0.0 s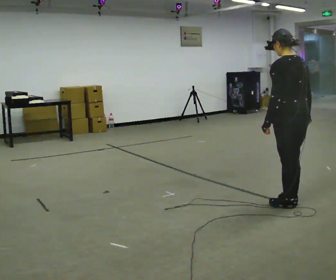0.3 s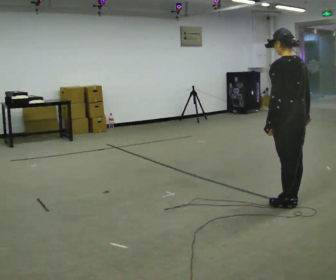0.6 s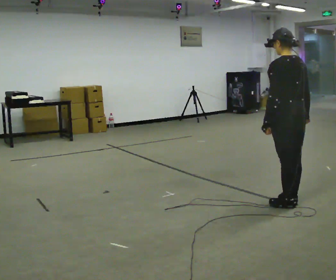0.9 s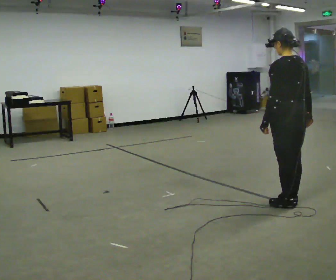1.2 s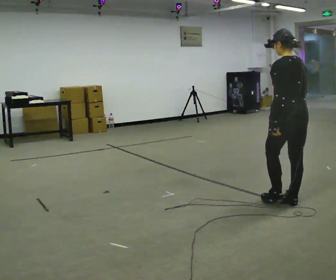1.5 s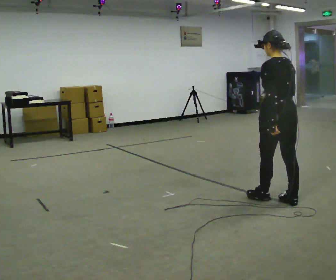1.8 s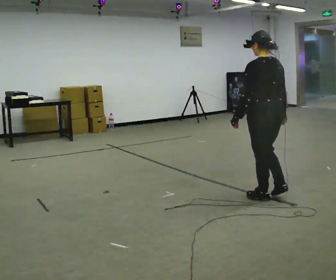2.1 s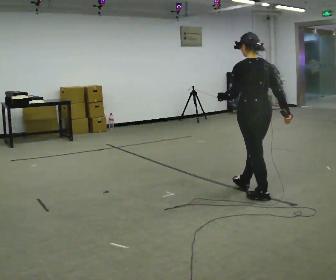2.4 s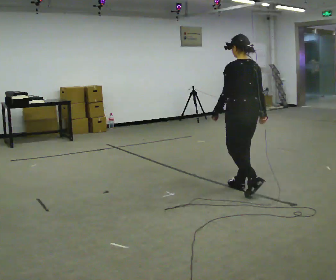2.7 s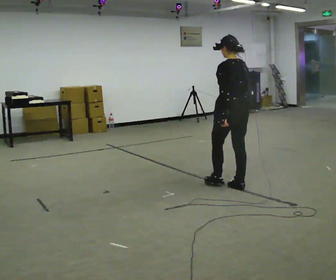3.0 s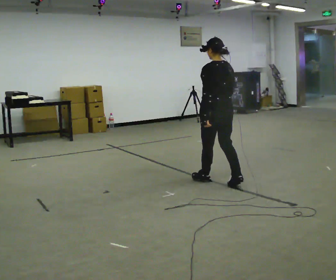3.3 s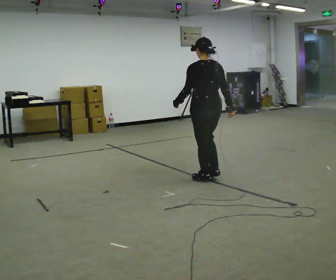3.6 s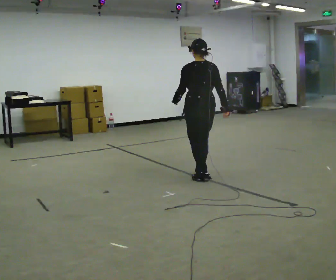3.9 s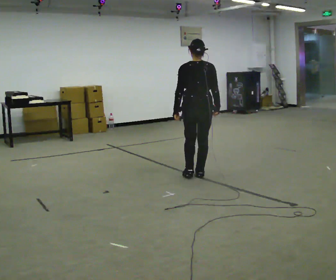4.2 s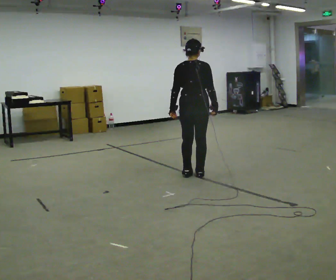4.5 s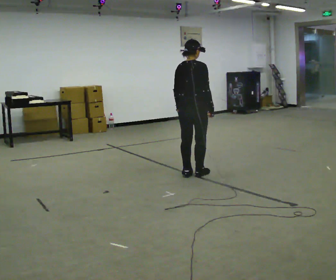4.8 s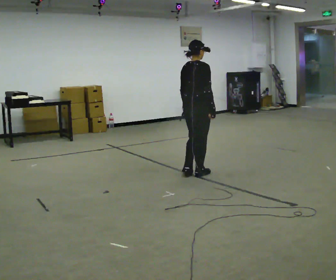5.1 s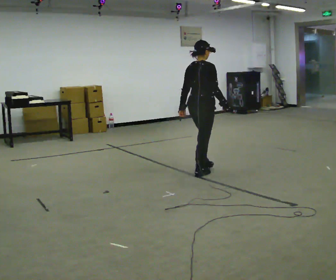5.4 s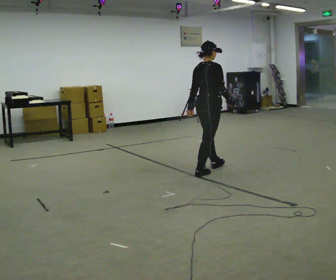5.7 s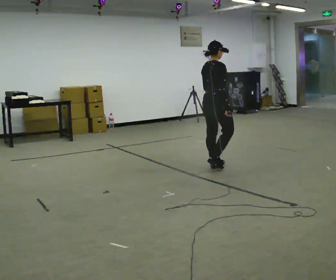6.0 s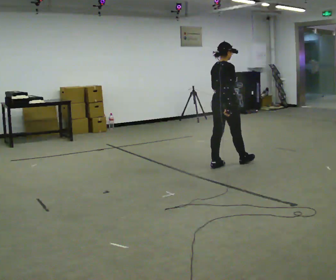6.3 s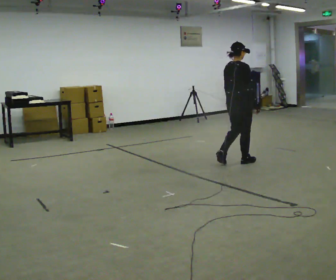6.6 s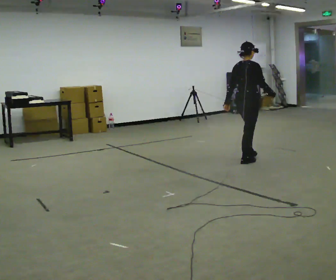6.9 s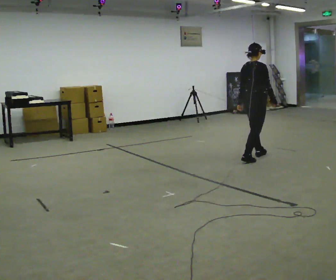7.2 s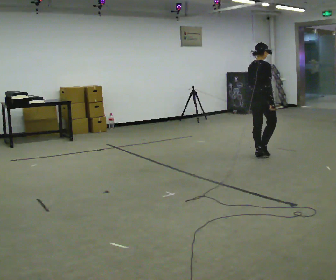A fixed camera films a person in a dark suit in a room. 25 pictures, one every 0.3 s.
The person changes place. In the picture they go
away from the camera.
0.0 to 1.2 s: The person moves a little, or ends about where they began.
1.2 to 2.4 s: In the picture they go away from the camera and to the left, about 0.5 m in 2 steps, which for them is forward.
2.4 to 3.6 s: In the picture they go away from the camera and to the left, about 0.75 m in 2 steps, which for them is forward.
3.6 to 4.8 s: Seen from above the body turns clockwise, about 60 degrees: to their right, with its near side sliding to the left.
4.8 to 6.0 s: In the picture they go away from the camera and to the right, about 0.5 m in 1 step, which for them is forward.
6.0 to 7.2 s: In the picture they go to the right and away from the camera, about 0.75 m in 2 steps, which for them is forward.
The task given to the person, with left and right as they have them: Walk straight; turn 90° left/right while continuing to walk; continue.
The film runs forward here.
